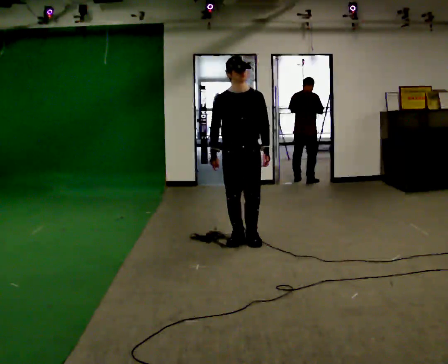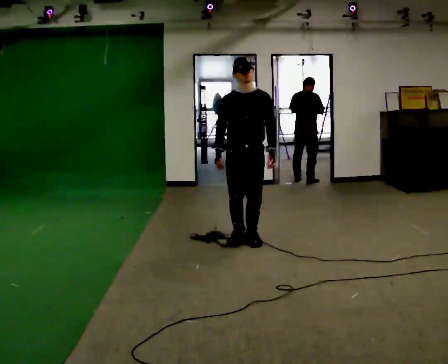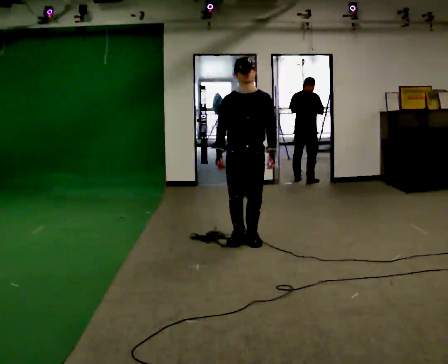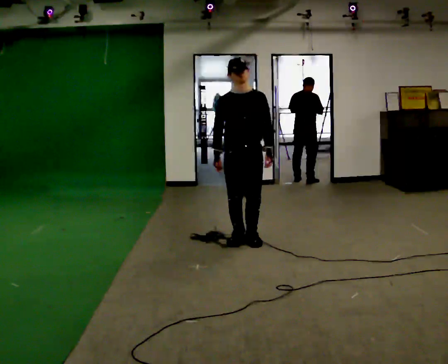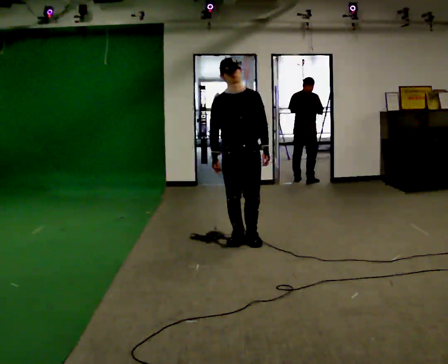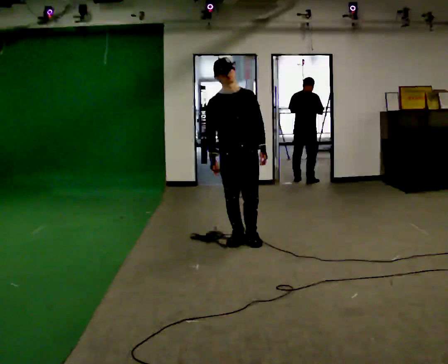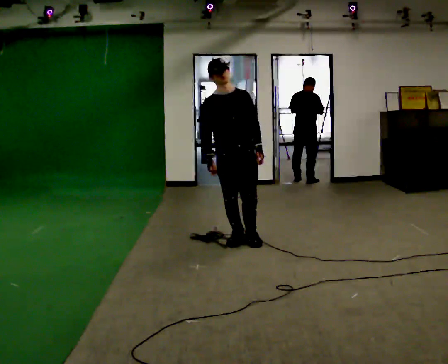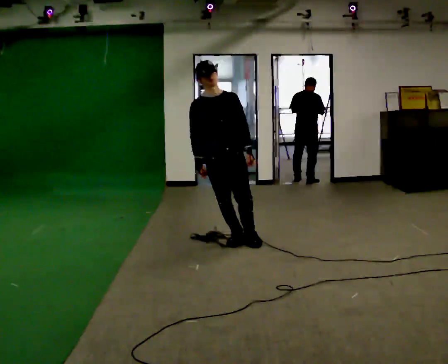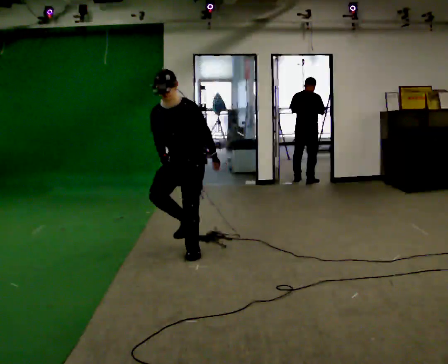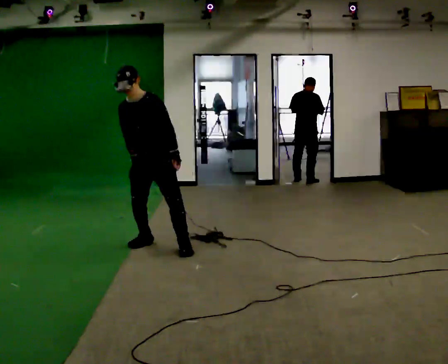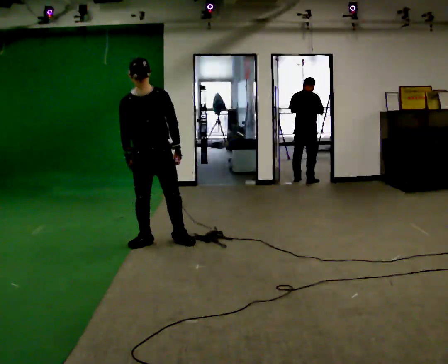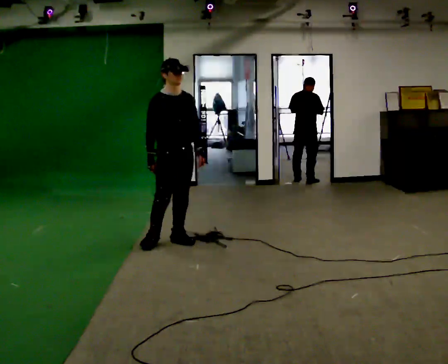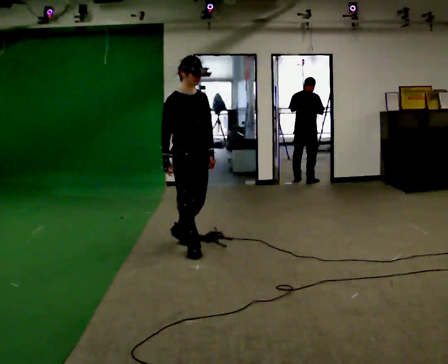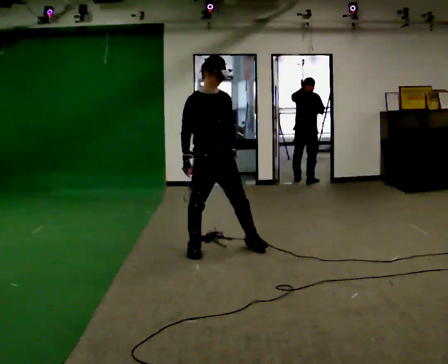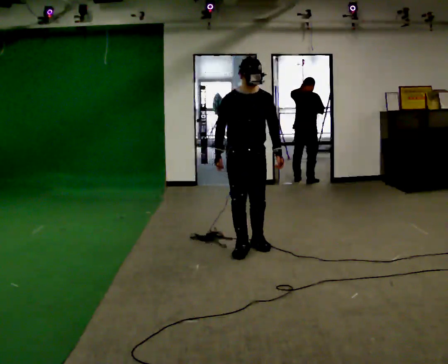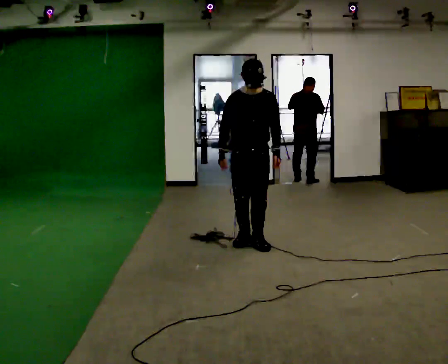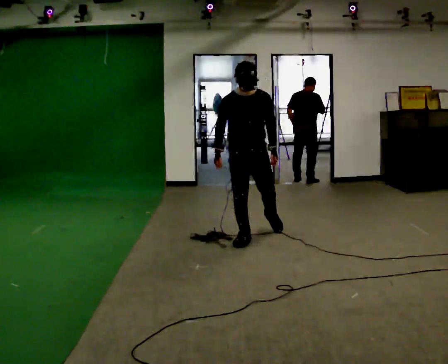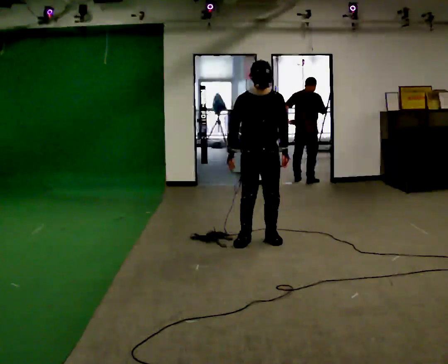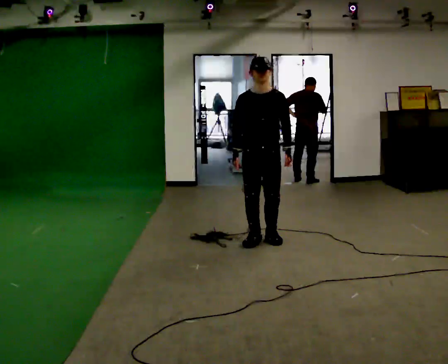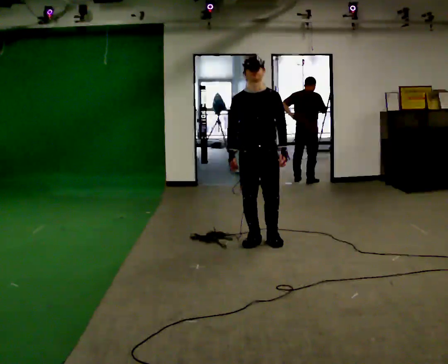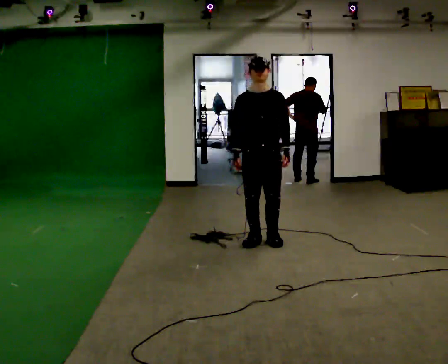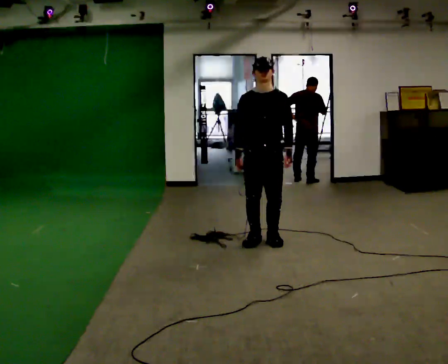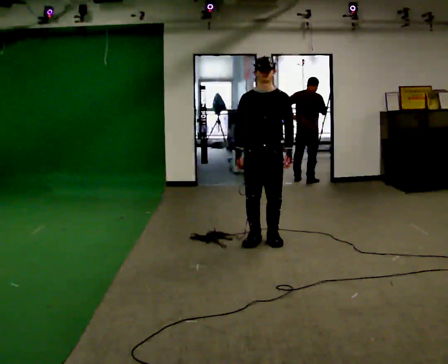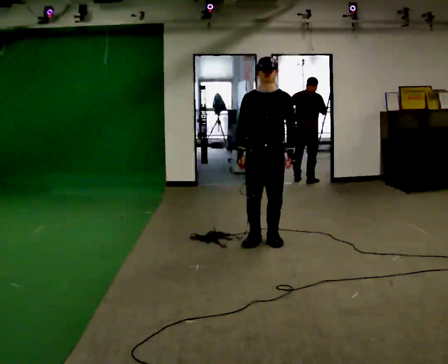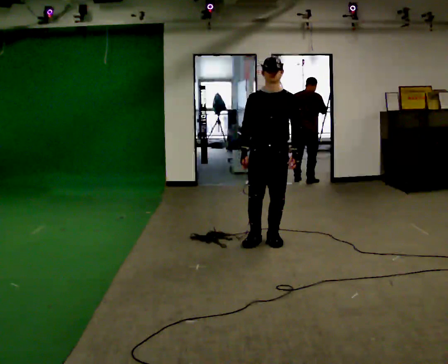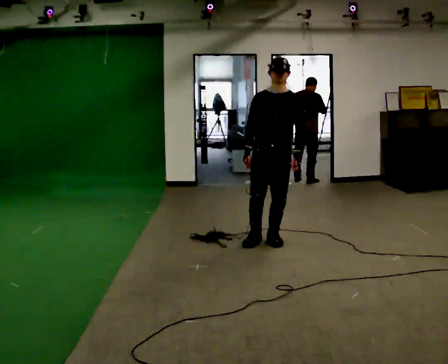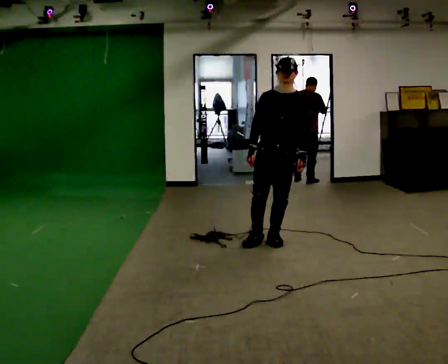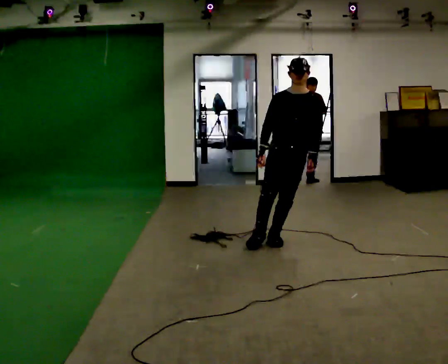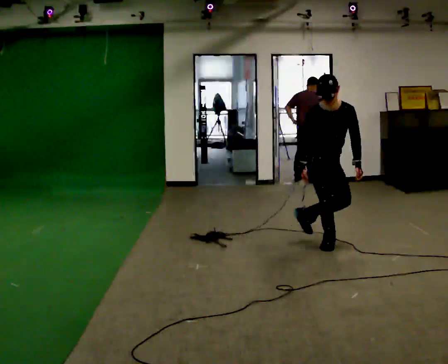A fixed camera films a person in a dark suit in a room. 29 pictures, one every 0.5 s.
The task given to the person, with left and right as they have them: Stand on the marked spots. Lean to the side the operator calls until you cannot hold it, then step to catch yourself. Return to the spots. Repeat at your own pace until the operator says stop. Go slowly and only as far as you are comfortable. Step whenever you need to; do not try to hold on longer than feels safe.
0.0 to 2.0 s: The person moves a little, or ends about where they began.
2.0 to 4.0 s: Seen from above the body turns clockwise, about 30 degrees: to their right, with its near side sliding to the left. In the picture they go to the left, about 0.5 m in 1 step, which for them is to their right. The upper body tips toward the camera, its near side rolling downward, as they bend forward.
4.0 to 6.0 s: The part of the body nearest the lens slides to the right as the person turns to their left by about 75 degrees.
6.0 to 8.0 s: The part of the body nearest the lens slides to the left as the person turns to their right by about 30 degrees. In the picture they go to the right and away from the camera, about 0.5 m in 2 steps, which for them is to their left.
8.0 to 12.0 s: In the picture they go to the right, about 0.25 m in 1 step, which for them is to their left.
12.0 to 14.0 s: The person turns about 30 degrees to their left, counterclockwise seen from above, so the part of the body nearest the lens slides to the right. In the picture they go to the right, about 0.5 m in 1 step, which for them is to their left. The upper body tips toward the camera, its near side rolling downward, as they bend forward.
The film runs forward here.
